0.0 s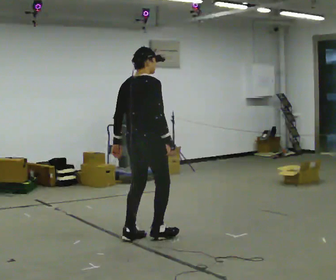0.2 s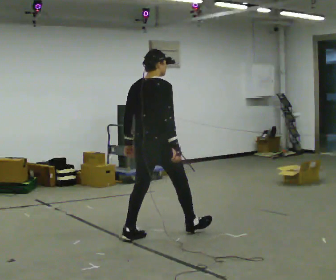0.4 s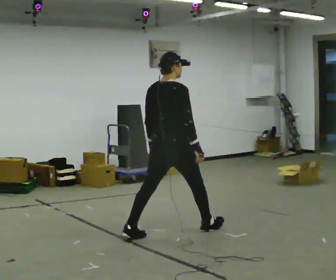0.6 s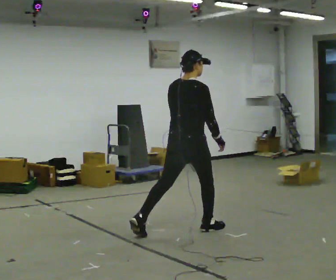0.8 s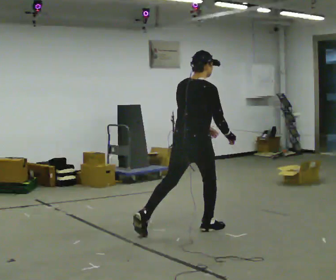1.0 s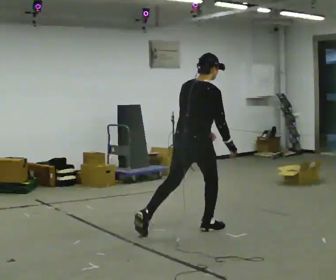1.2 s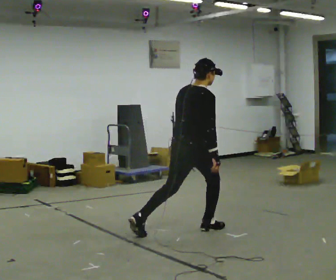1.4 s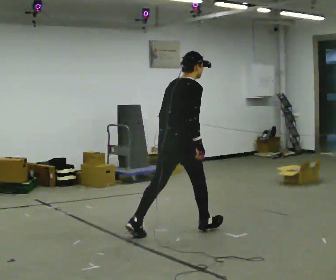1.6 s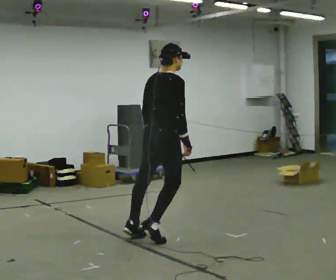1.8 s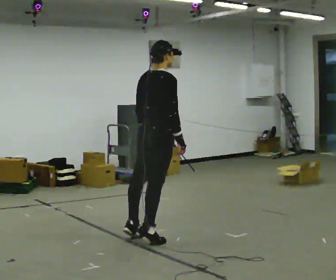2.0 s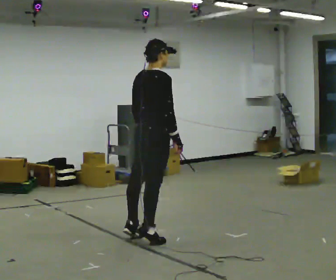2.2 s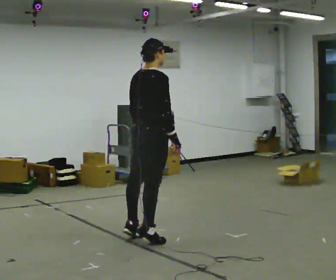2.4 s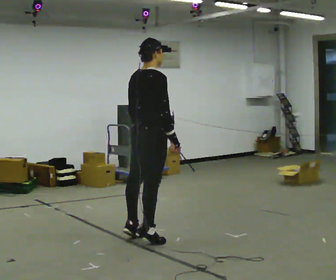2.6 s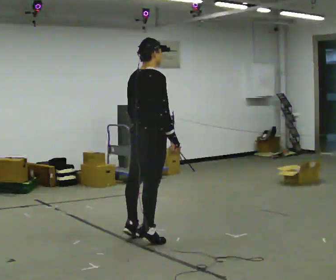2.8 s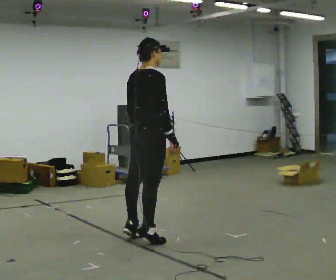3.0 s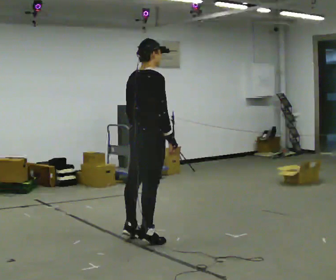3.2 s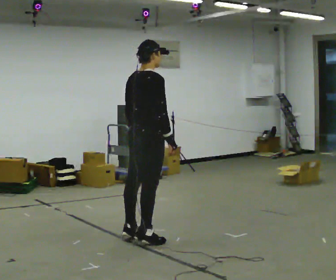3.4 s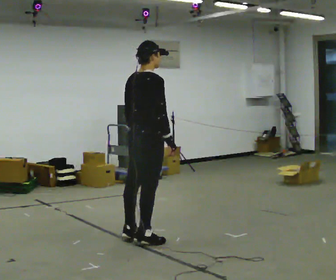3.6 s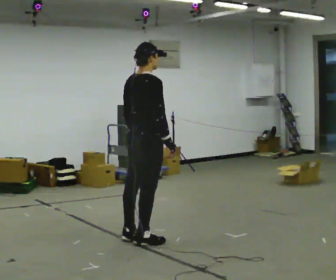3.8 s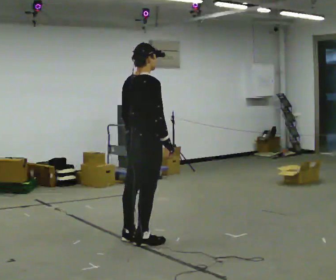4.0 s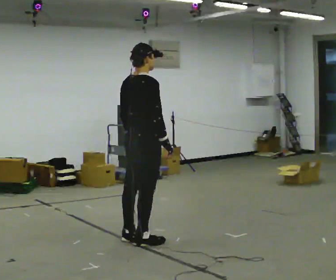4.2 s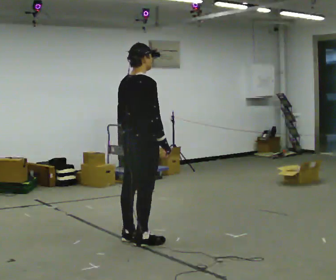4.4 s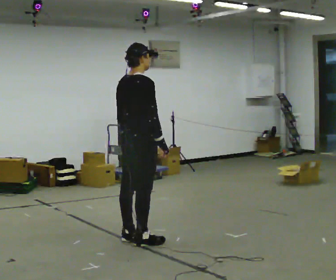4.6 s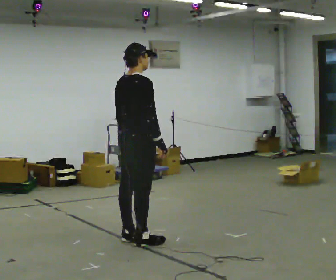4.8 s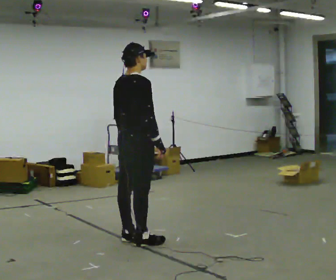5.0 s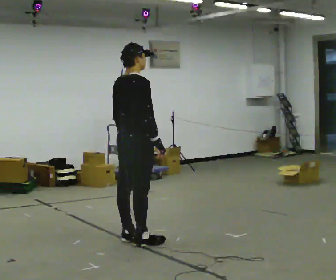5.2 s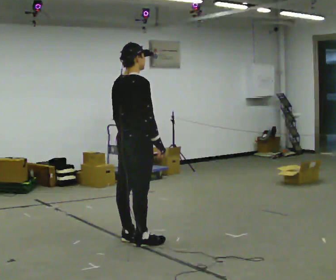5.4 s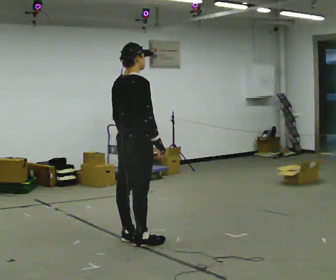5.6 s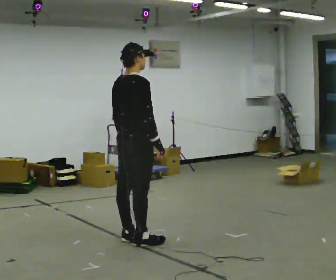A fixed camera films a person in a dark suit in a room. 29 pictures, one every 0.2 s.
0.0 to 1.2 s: In the picture they go to the right and away from the camera, about 0.5 m in 2 steps, which for them is forward and to their right. In the picture the upper body tilts clockwise, shoulders to the right.
1.2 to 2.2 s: In the picture they go to the left and toward the camera, about 0.5 m in 1 step, which for them is backward. The shoulders move upward.
2.2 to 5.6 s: The person moves a little, or ends about where they began.
The film runs backward here.
